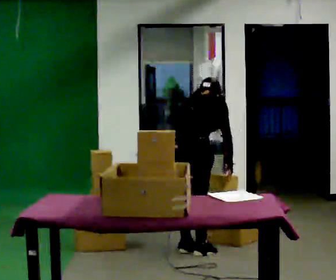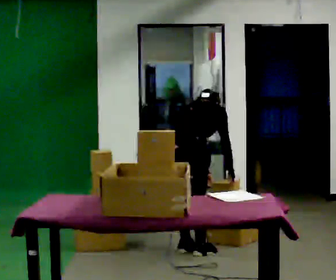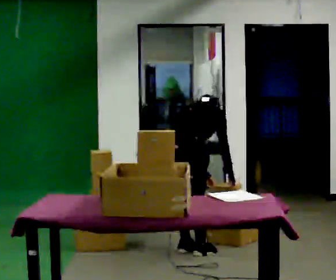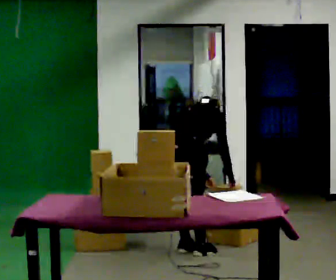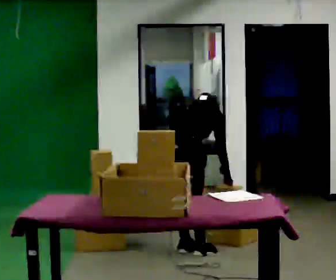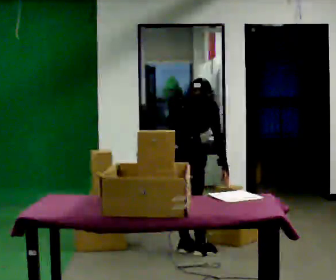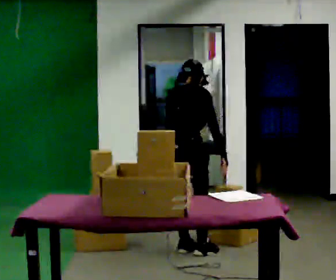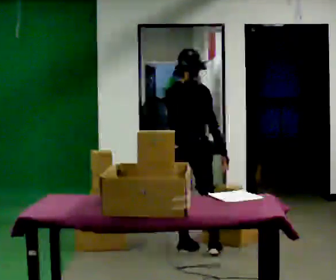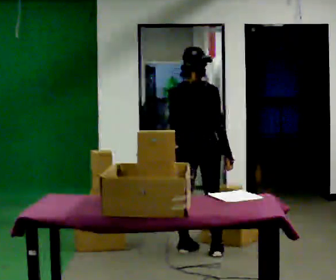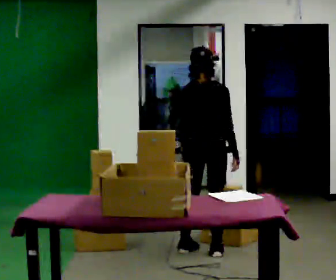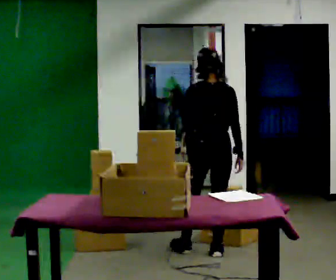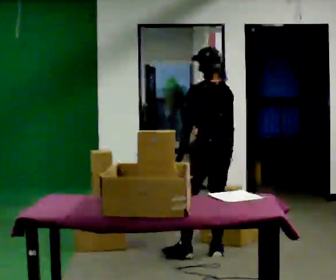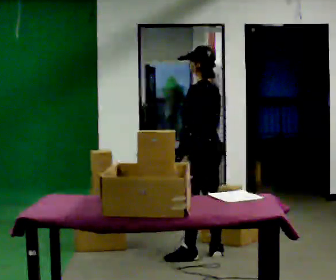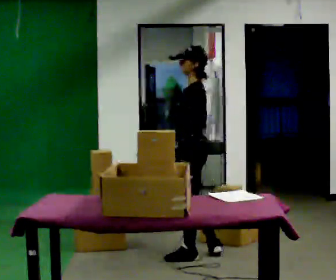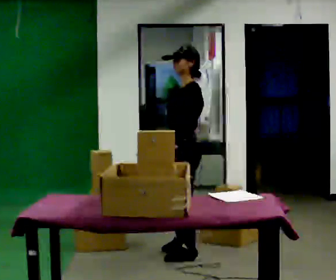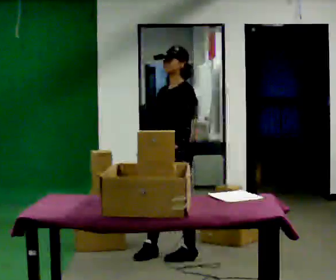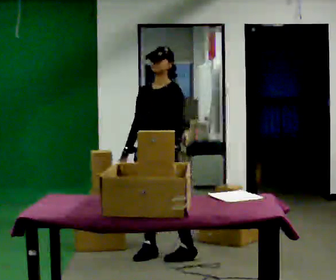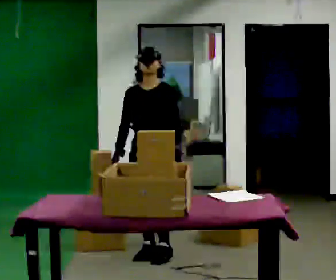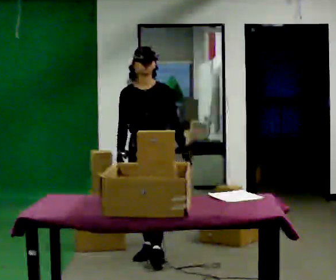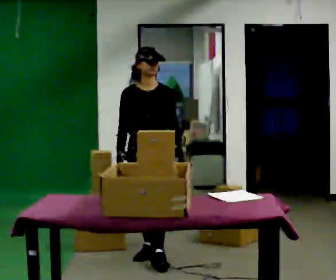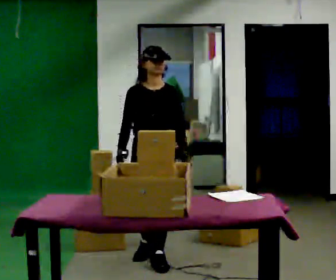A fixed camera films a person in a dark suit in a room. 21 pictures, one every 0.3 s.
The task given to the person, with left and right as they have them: 1. Take the objects out of the box on the table one at a time. 2. Put each one in the bin the operator has labelled for it. 3. Tell the operator when you are finished.
0.0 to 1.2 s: The person moves a little, or ends about where they began.
1.2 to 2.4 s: The shoulders move upward. The upper body tips toward the camera, its near side rolling downward, as they lean back or straighten.
2.4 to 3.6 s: The person turns about 90 degrees to their left, counterclockwise seen from above, so the part of the body nearest the lens slides to the right.
3.6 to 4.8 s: The person turns about 75 degrees to their left, counterclockwise seen from above, so the part of the body nearest the lens slides to the right. In the picture they go to the left, about 0.25 m in 1 step.
4.8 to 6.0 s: The person turns about 30 degrees to their left, counterclockwise seen from above, so the part of the body nearest the lens slides to the right. In the picture they go toward the camera, about 0.25 m in 1 step, which for them is forward.
The film runs forward here.
